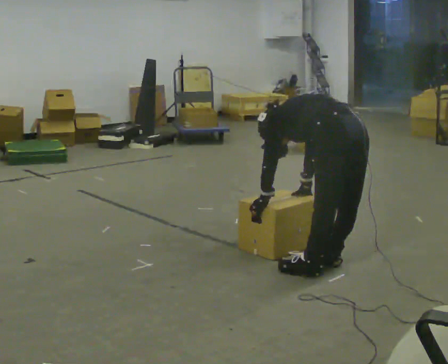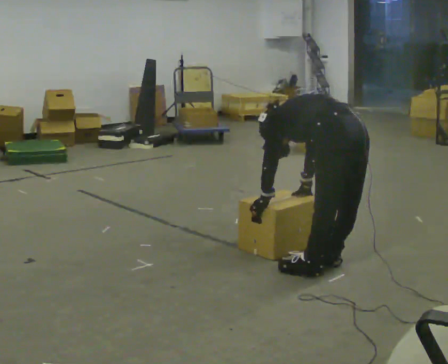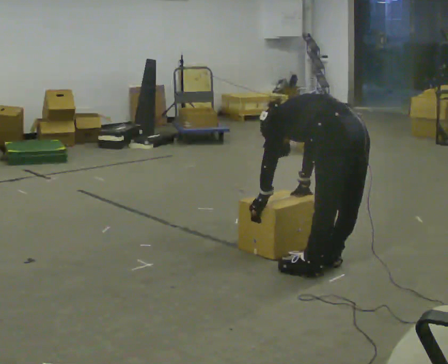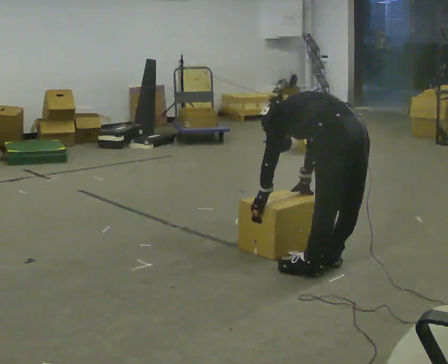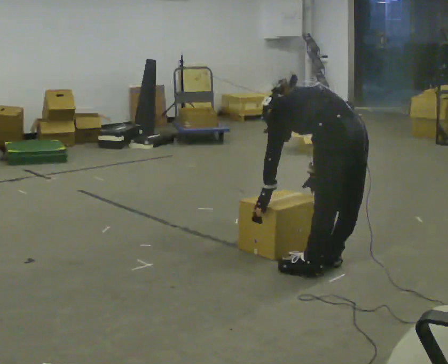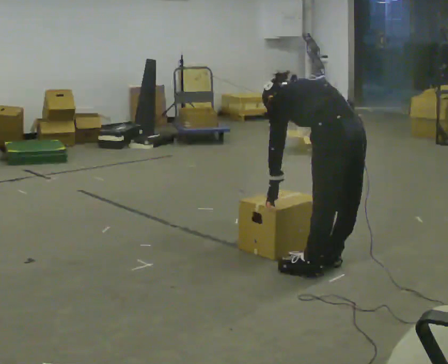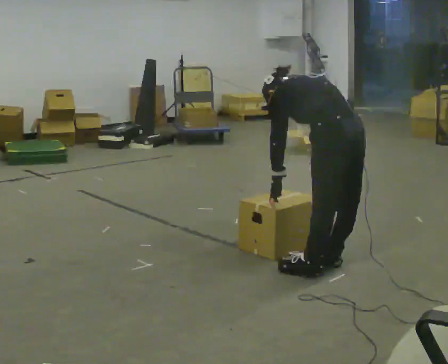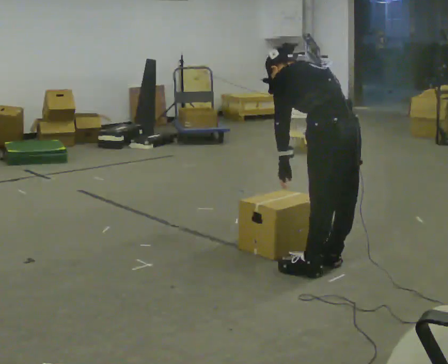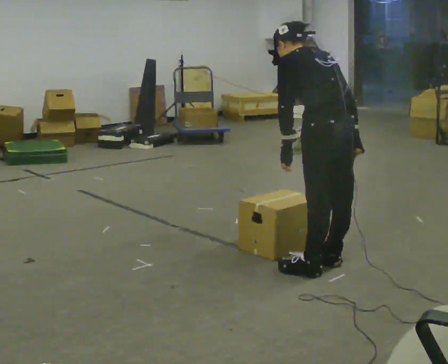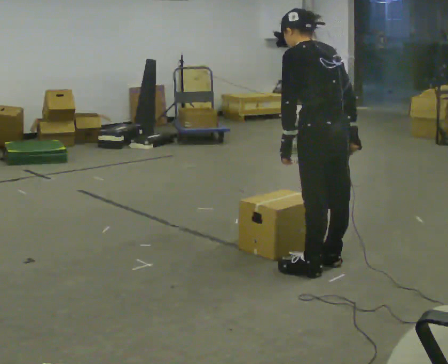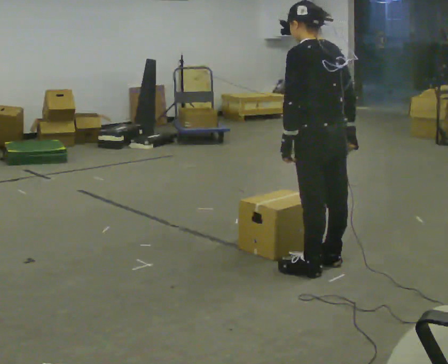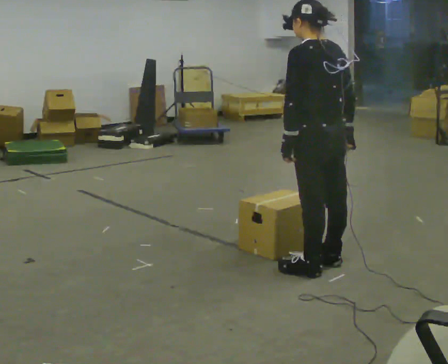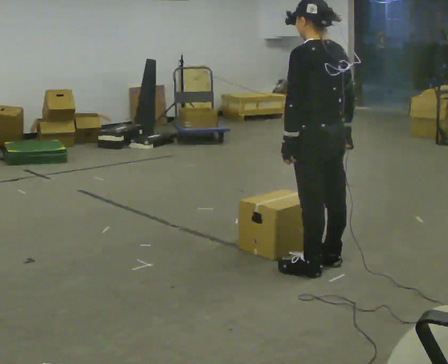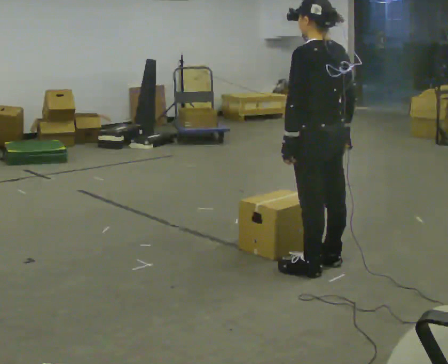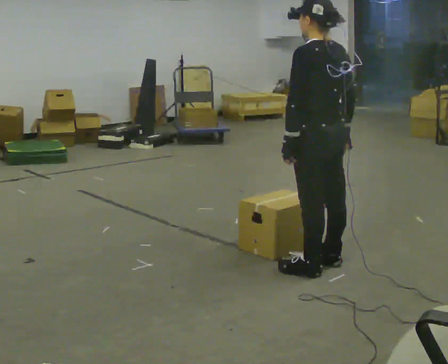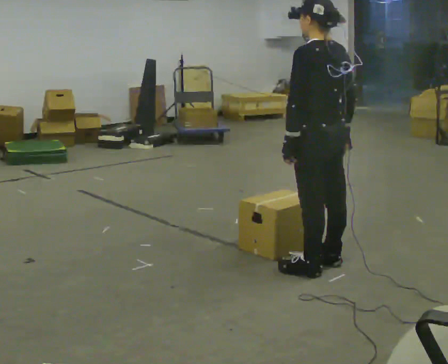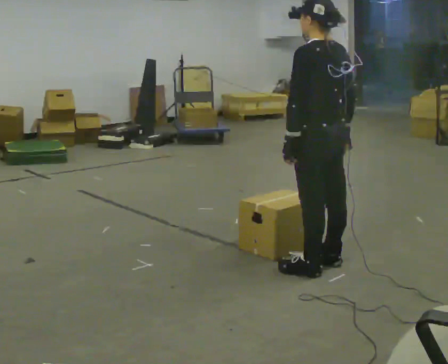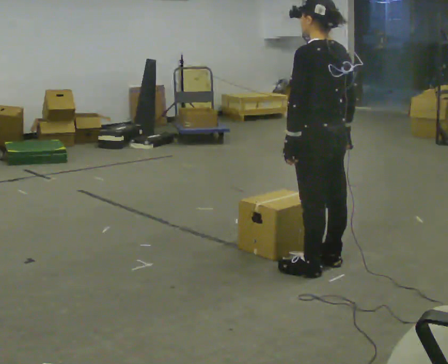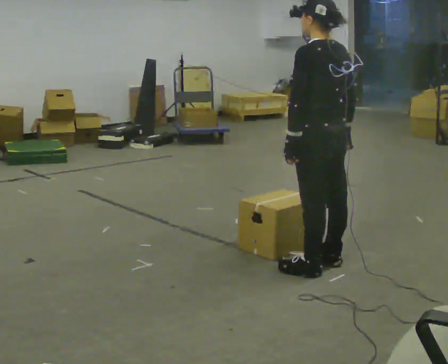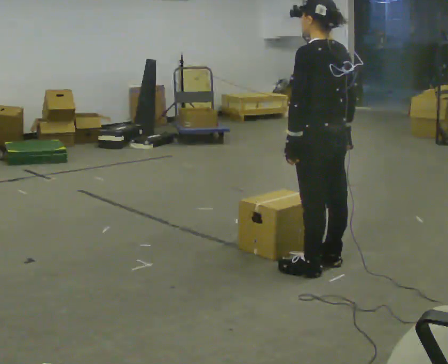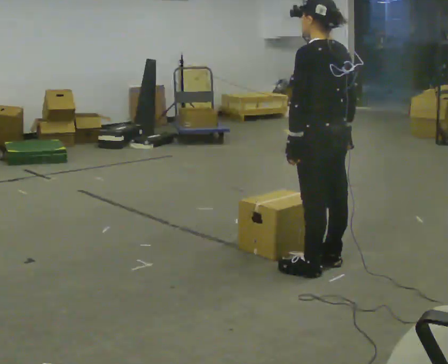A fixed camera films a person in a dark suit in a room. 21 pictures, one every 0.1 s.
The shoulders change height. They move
upward.
0.0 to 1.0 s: The shoulders move upward. The upper body tips toward the camera, its near side rolling downward, as they lean back or straighten. In the picture their right hand goes upward.
1.0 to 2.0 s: The person moves a little, or ends about where they began.
The film runs backward here.
